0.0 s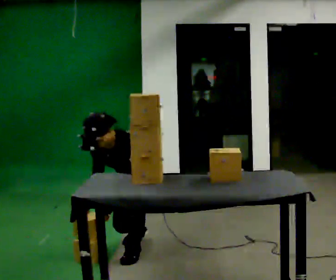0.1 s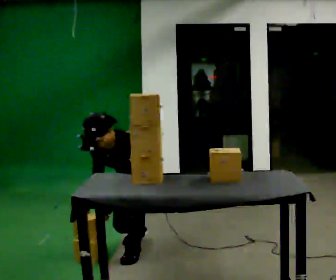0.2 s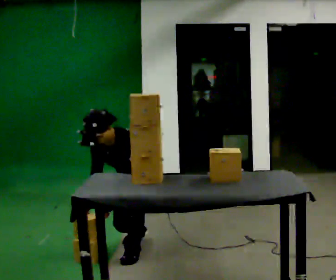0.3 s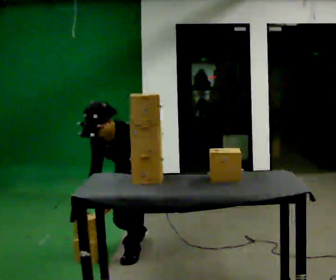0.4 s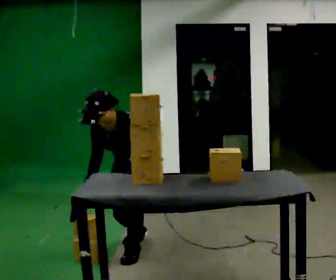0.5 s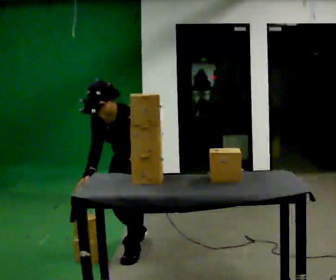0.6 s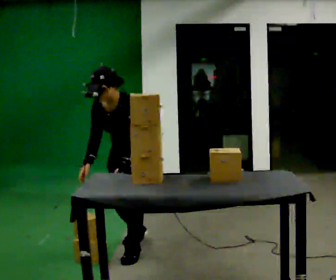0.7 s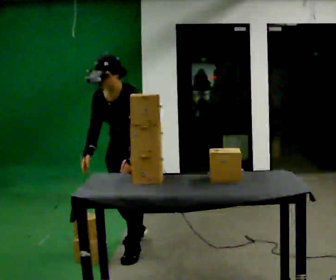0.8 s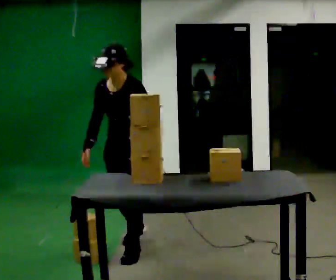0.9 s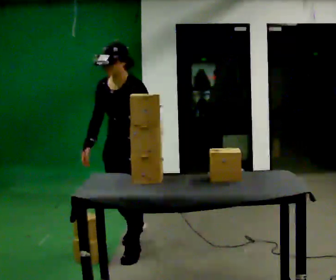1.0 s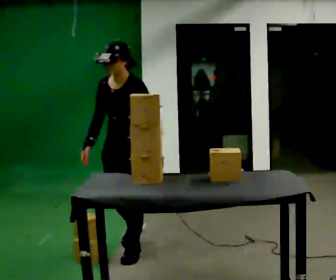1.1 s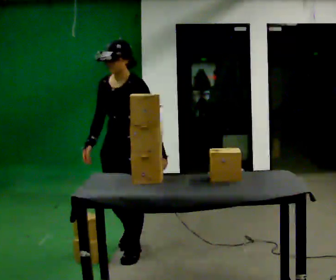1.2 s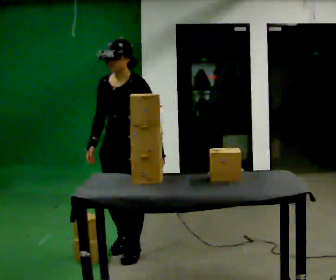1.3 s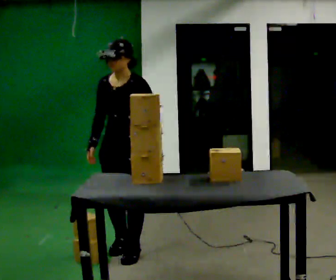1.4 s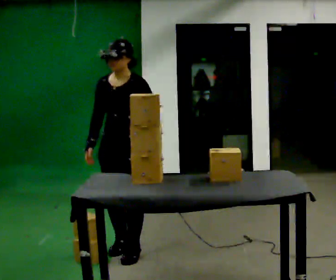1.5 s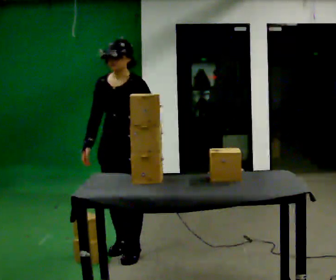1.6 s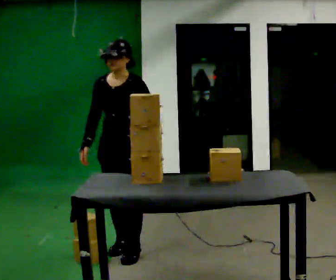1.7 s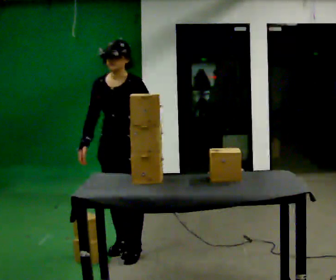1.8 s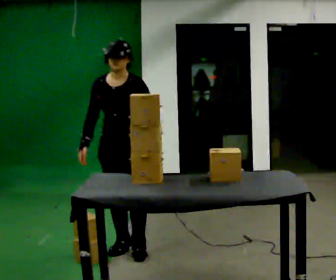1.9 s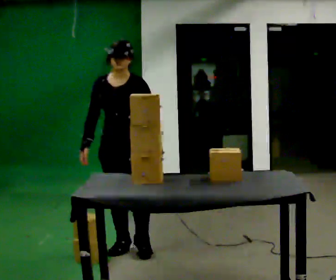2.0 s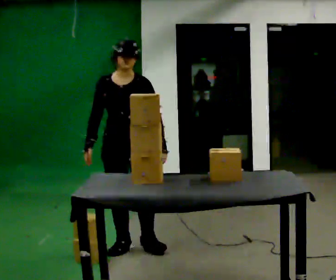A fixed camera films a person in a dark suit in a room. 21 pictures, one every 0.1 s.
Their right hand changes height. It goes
upward.
Their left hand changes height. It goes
upward.
0.0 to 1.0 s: In the picture they go toward the camera, about 0.25 m, which for them is forward. The shoulders move upward. In the picture the upper body tilts clockwise, shoulders to the right, as they lean back or straighten. In the picture their left hand goes upward and to the right.
1.0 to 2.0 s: The person turns about 30 degrees to their left, counterclockwise seen from above, so the part of the body nearest the lens slides to the right.
The film runs forward here.
